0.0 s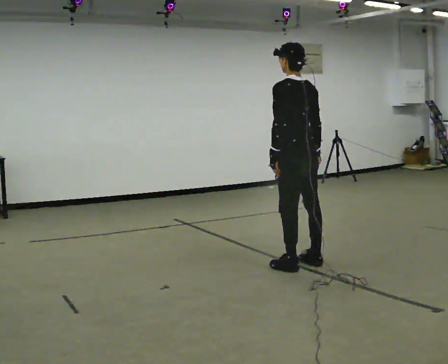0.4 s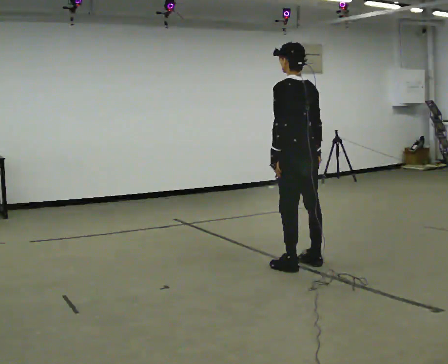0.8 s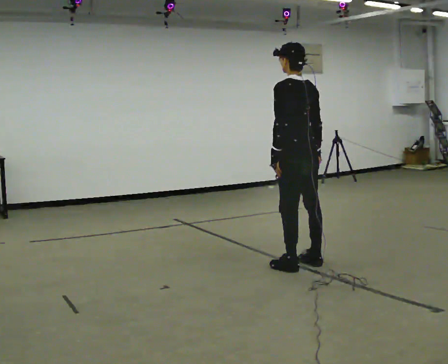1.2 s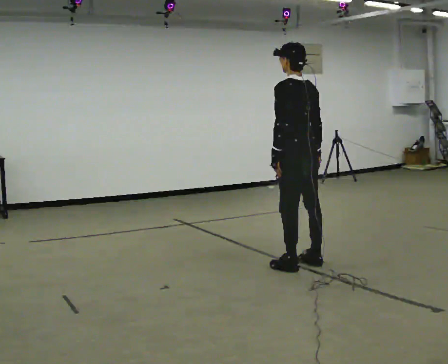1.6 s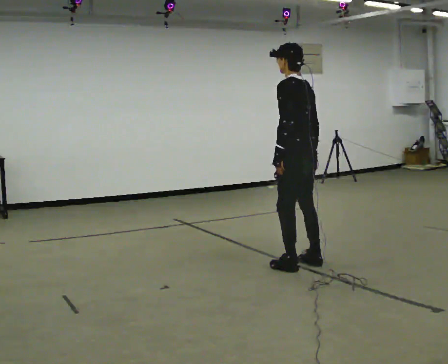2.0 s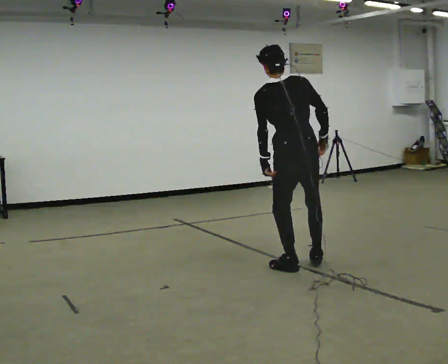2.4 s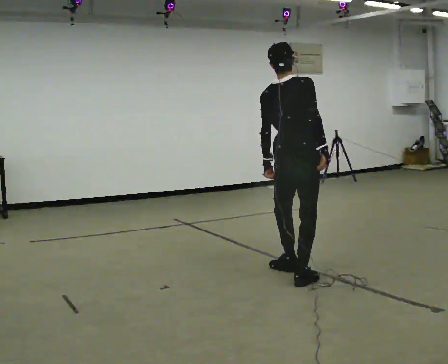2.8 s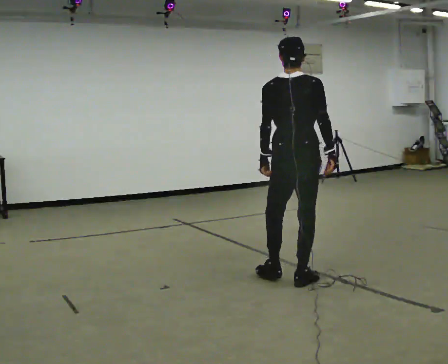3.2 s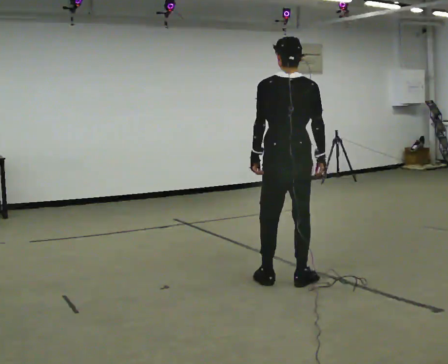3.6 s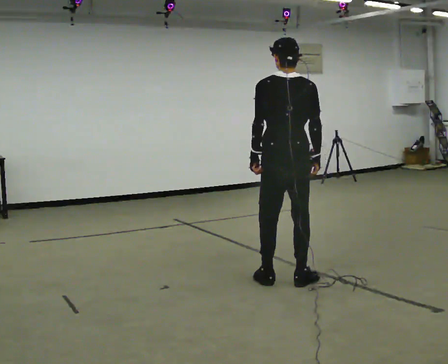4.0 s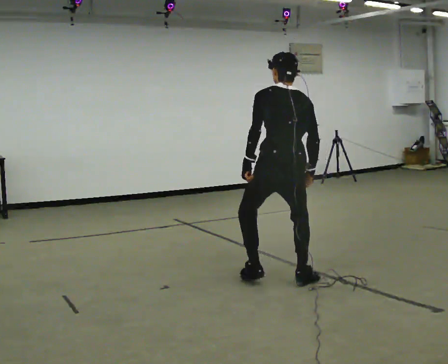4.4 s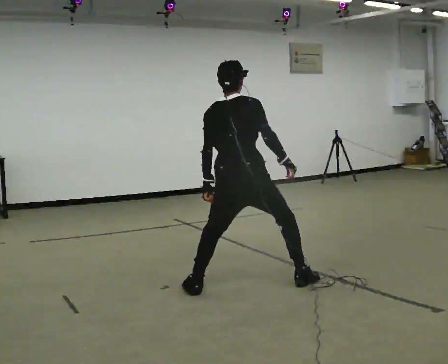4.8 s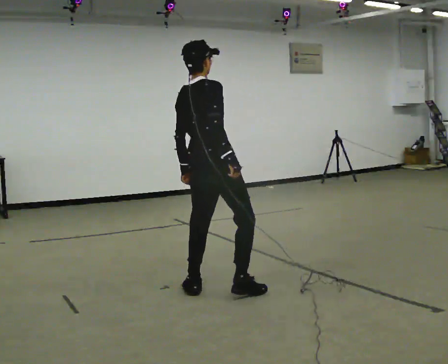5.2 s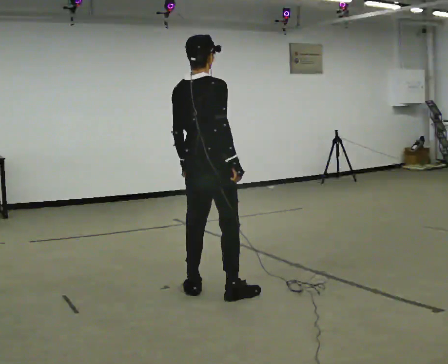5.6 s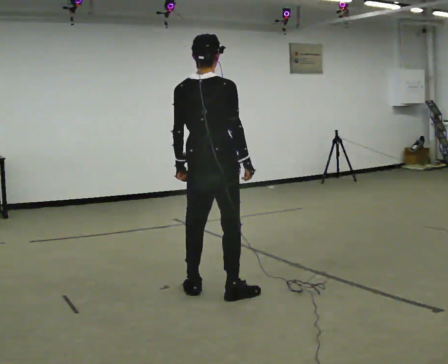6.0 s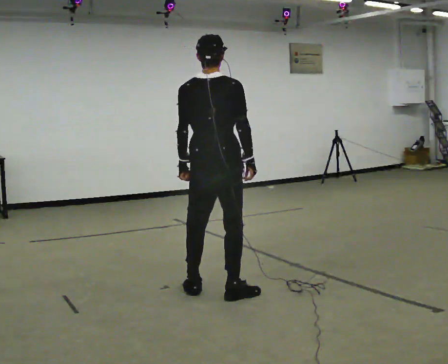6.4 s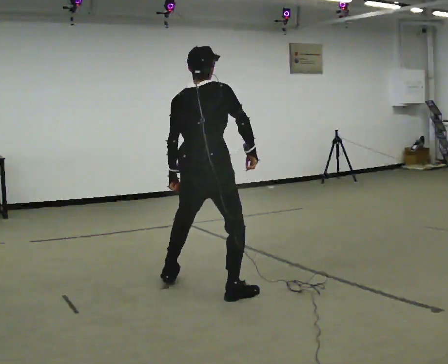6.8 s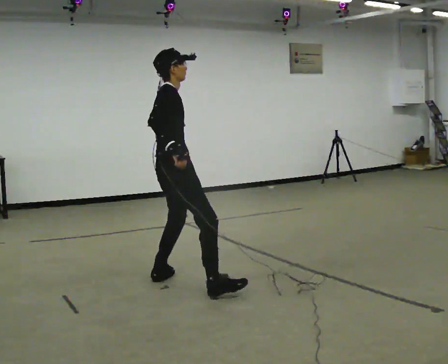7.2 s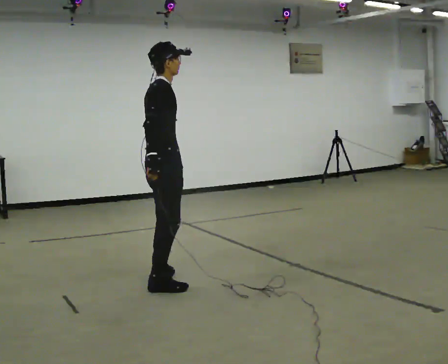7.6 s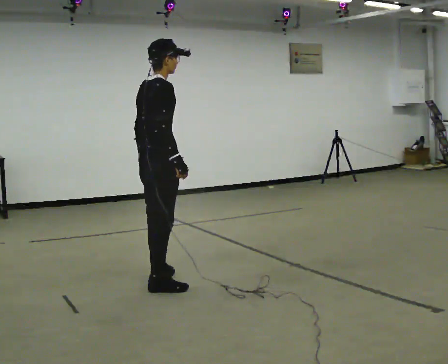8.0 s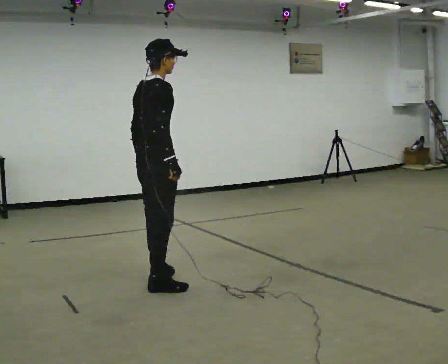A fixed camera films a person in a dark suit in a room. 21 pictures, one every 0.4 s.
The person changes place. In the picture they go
to the left.
The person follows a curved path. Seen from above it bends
clockwise.
0.0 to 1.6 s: The person moves a little, or ends about where they began.
1.6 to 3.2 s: The part of the body nearest the lens slides to the left as the person turns to their right by about 45 degrees. In the picture they go toward the camera, about 0.5 m in 2 steps.
3.2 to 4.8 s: Seen from above the body turns clockwise, about 45 degrees: to their right, with its near side sliding to the left. In the picture they go to the left and toward the camera, about 0.5 m in 1 step, which for them is to their left.
4.8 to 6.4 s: The person moves a little, or ends about where they began.
6.4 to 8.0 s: The part of the body nearest the lens slides to the left as the person turns to their right by about 45 degrees. In the picture they go to the left and away from the camera, about 0.5 m in 2 steps, which for them is to their left and backward.
The film runs forward here.
